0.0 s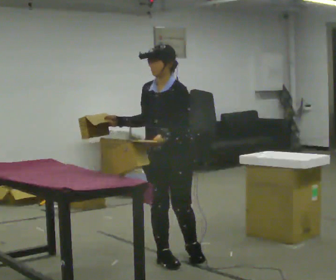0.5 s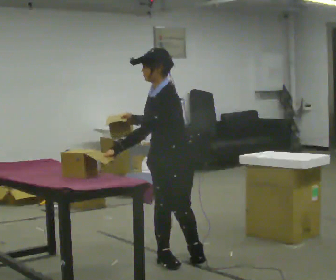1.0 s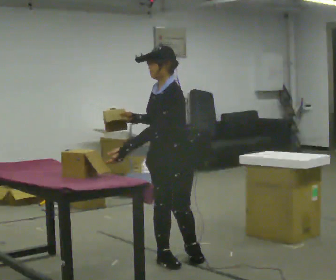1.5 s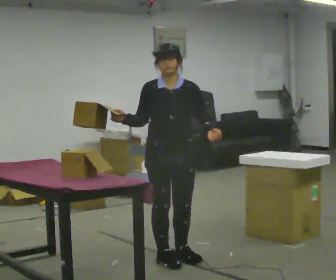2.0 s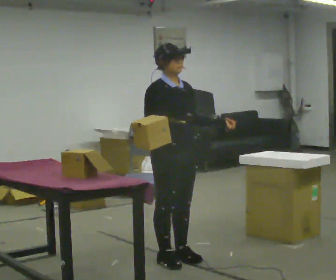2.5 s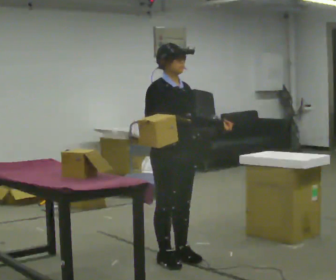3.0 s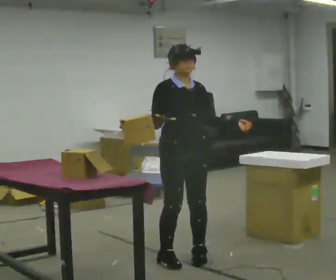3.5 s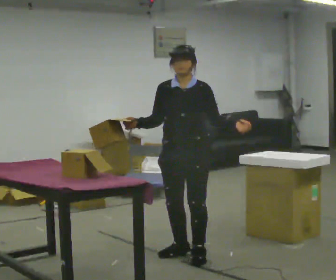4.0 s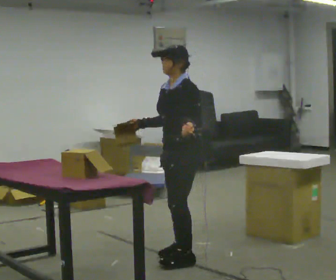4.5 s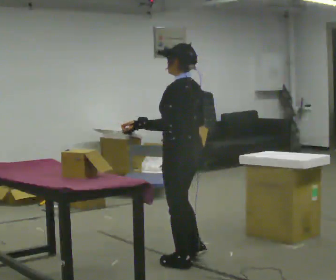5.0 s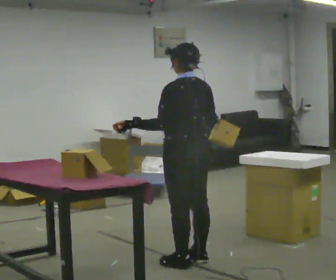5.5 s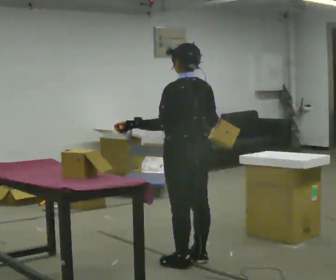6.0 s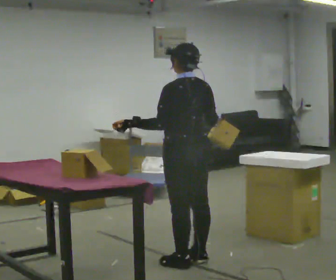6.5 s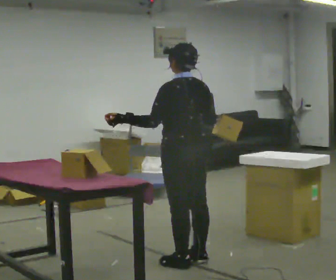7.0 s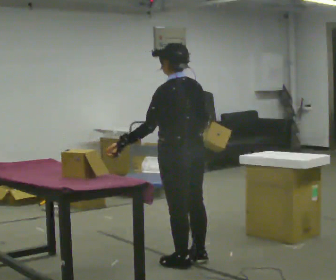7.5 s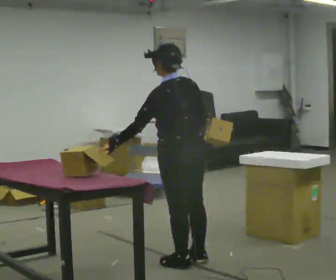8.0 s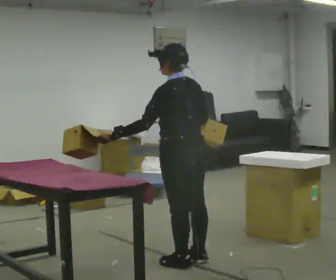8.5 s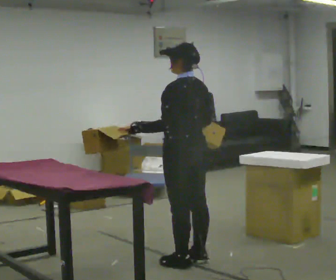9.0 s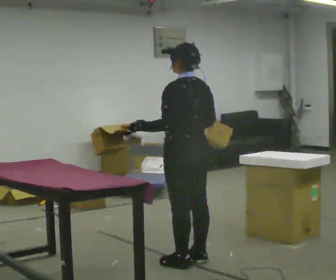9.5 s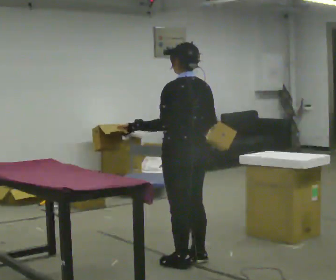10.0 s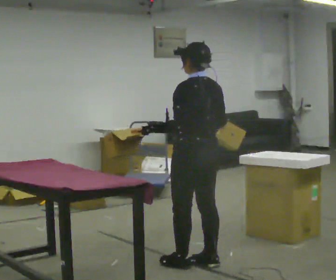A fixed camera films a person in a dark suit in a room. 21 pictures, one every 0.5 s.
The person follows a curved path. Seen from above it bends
clockwise.
0.0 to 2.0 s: The part of the body nearest the lens slides to the right as the person turns to their left by about 60 degrees. In the picture their left hand goes to the right.
2.0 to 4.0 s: Seen from above the body turns clockwise, about 105 degrees: to their right, with its near side sliding to the left.
4.0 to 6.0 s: The part of the body nearest the lens slides to the left as the person turns to their right by about 75 degrees. In the picture their left hand goes to the left.
6.0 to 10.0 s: The person moves a little, or ends about where they began.
The film runs backward here.
